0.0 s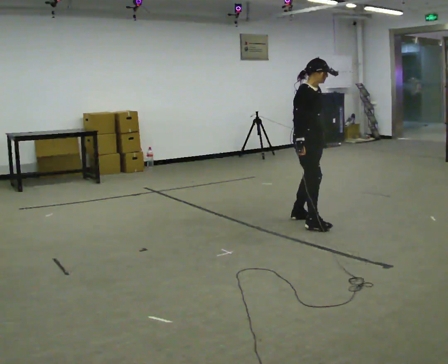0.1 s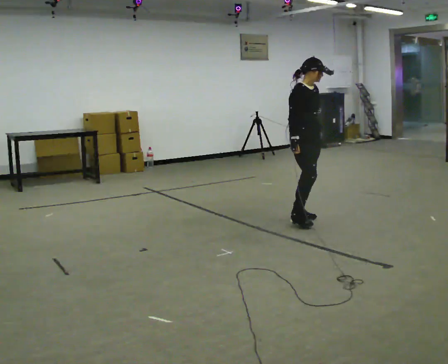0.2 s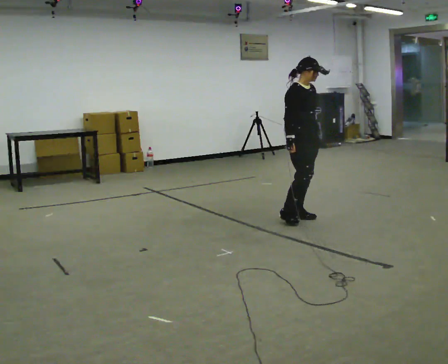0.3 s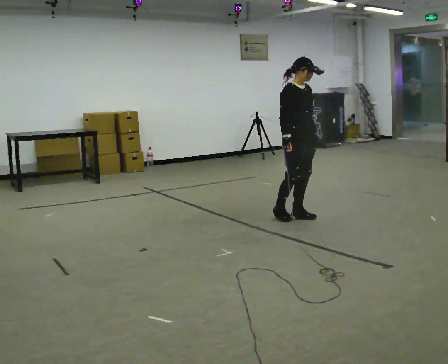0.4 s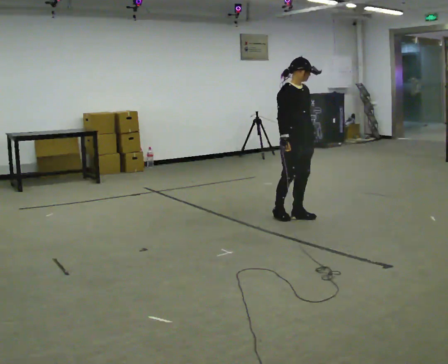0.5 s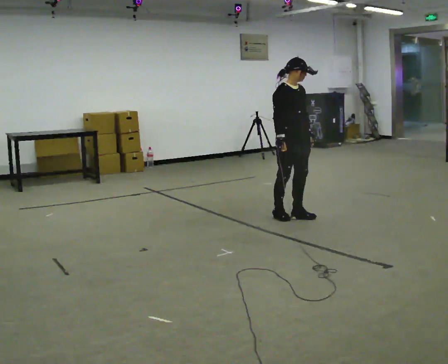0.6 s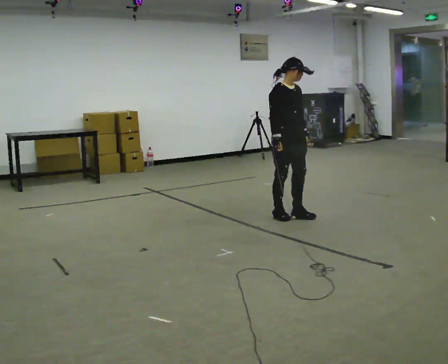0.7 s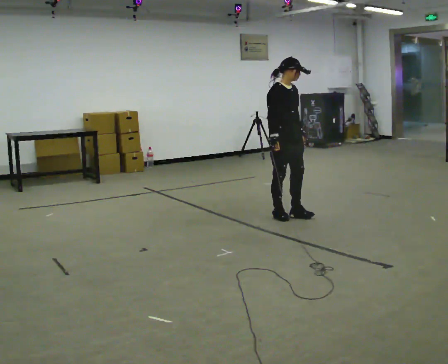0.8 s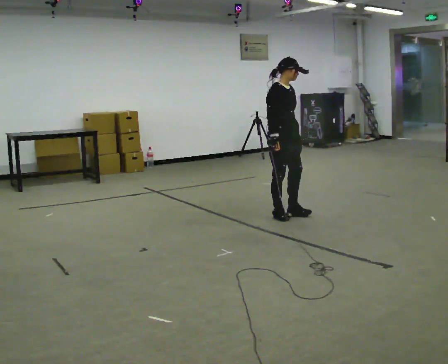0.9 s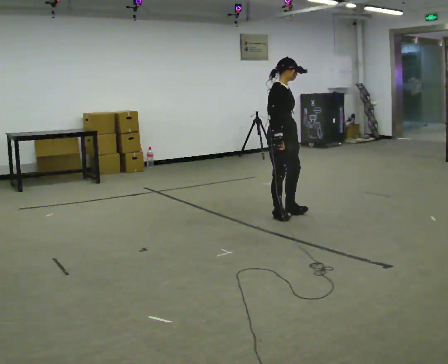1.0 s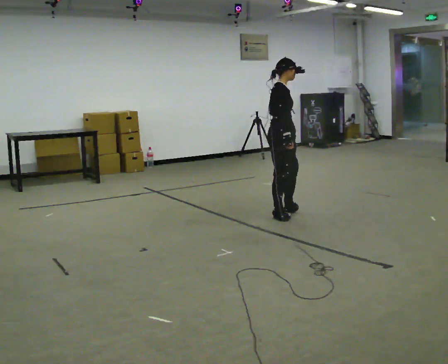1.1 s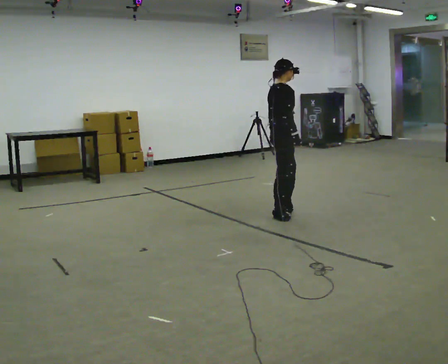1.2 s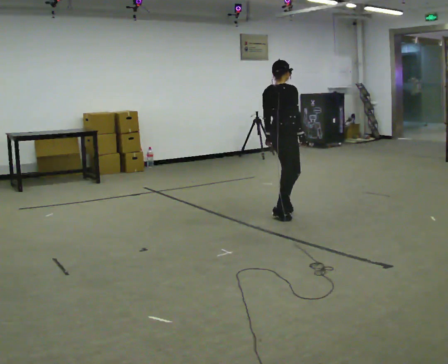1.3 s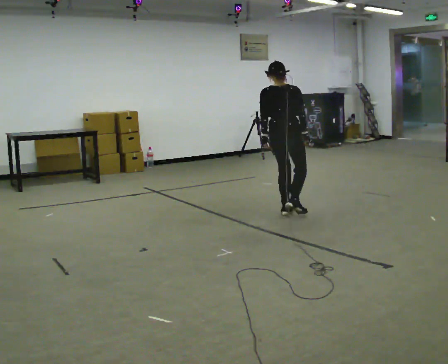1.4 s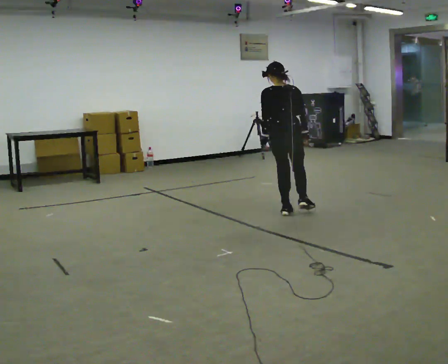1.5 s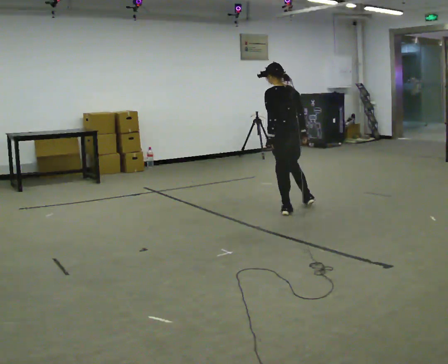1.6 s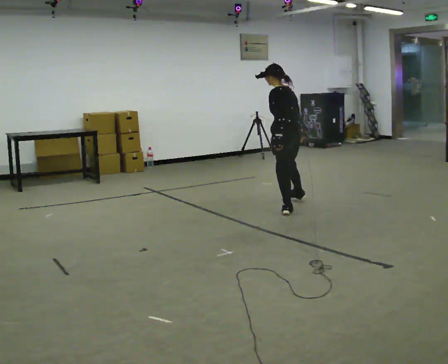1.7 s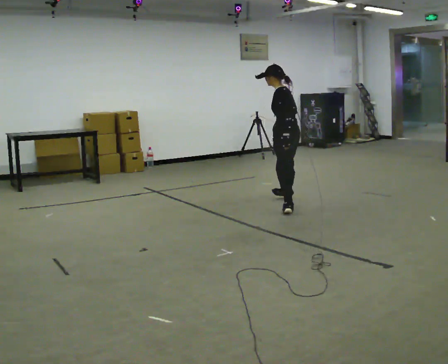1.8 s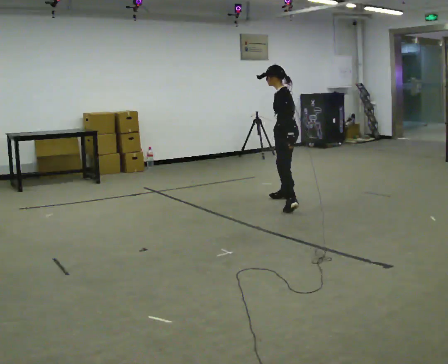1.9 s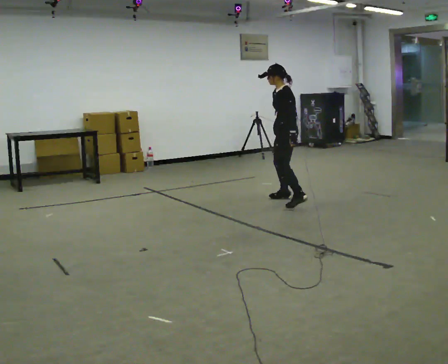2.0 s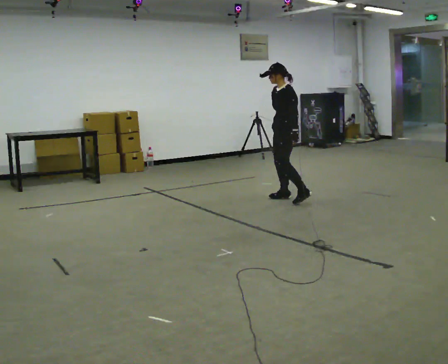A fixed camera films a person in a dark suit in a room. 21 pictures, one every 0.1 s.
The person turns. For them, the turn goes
to their left.
The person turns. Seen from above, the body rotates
counterclockwise.
0.0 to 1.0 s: In the picture they go to the left and away from the camera, about 0.25 m in 2 steps, which for them is backward.
1.0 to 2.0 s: Seen from above the body turns counterclockwise, about 210 degrees: to their left, with its near side sliding to the right. In the picture they go away from the camera, about 0.75 m in 1 step.
The film runs forward here.
